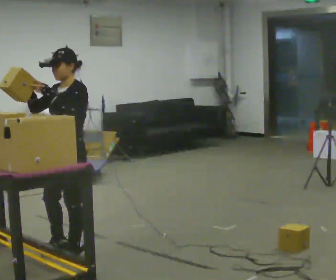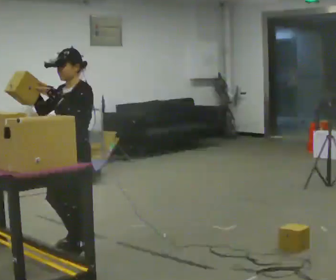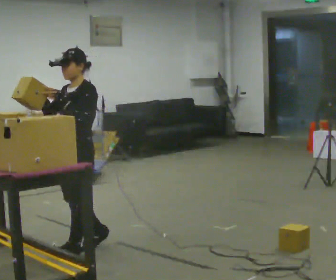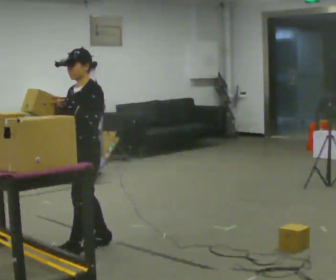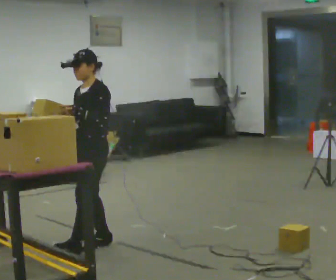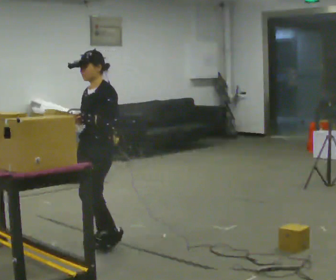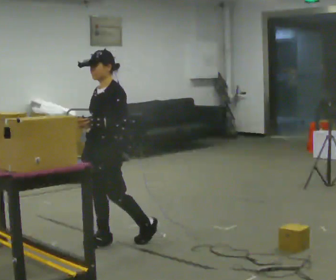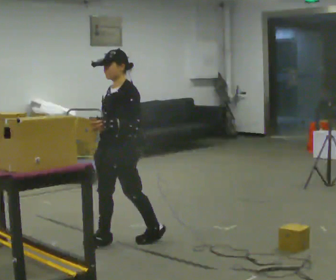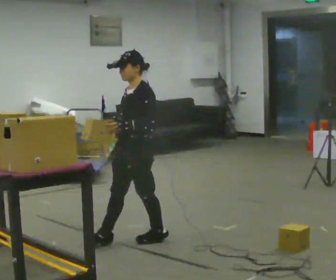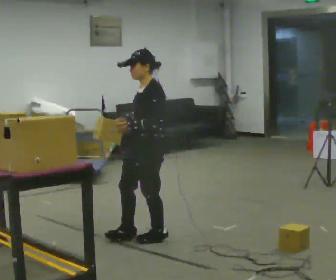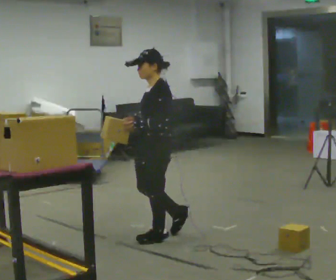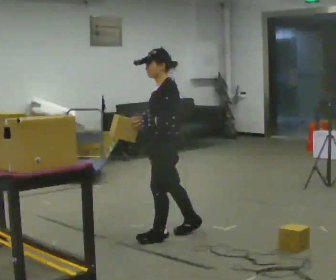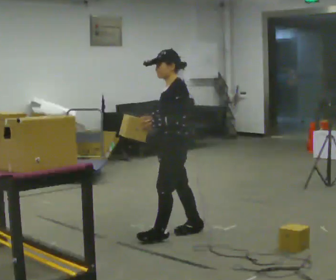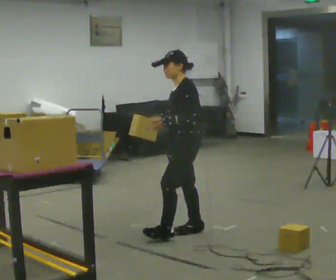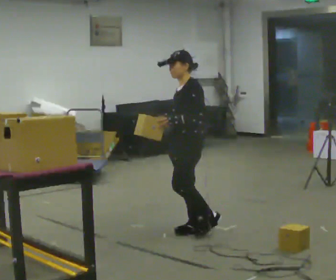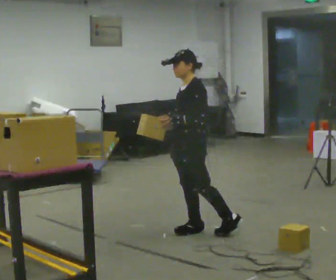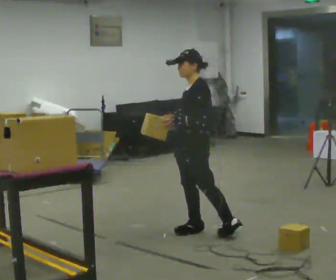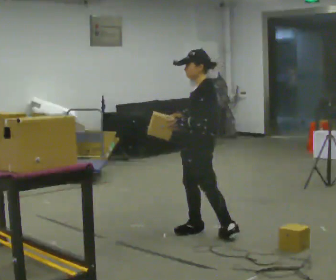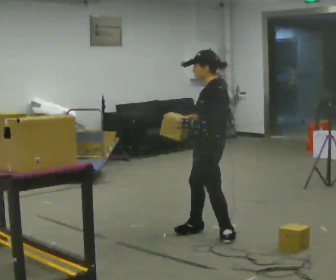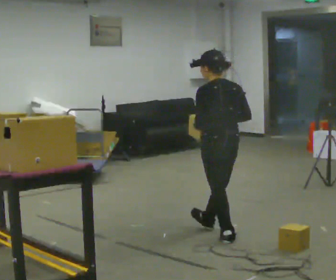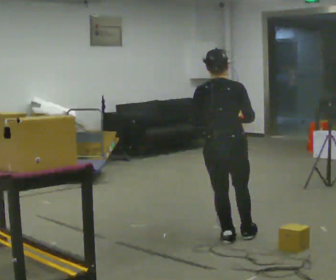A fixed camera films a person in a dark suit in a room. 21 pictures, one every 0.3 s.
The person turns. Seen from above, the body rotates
clockwise.
The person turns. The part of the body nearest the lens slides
to the left.
0.0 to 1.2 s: In the picture they go to the right and away from the camera, about 0.25 m in 1 step, which for them is backward.
1.2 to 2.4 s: In the picture they go to the right, about 0.25 m in 1 step, which for them is backward.
2.4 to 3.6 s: In the picture they go to the right, about 0.25 m in 1 step, which for them is backward.
3.6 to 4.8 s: In the picture they go to the right, about 0.25 m in 2 steps, which for them is backward.
4.8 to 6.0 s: The part of the body nearest the lens slides to the left as the person turns to their right by about 120 degrees. In the picture they go toward the camera and to the right, about 0.25 m in 1 step.
The film runs backward here.
